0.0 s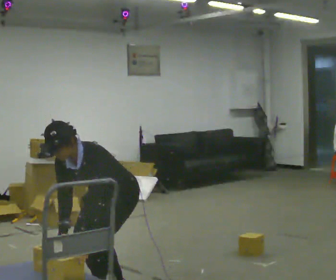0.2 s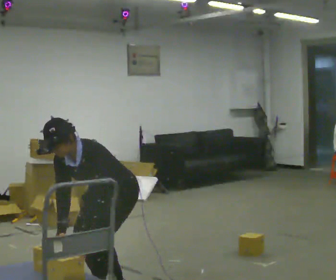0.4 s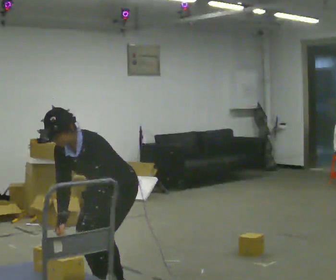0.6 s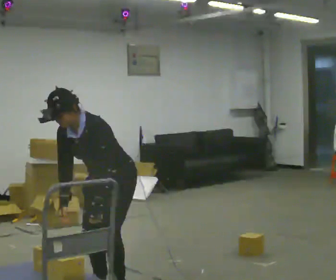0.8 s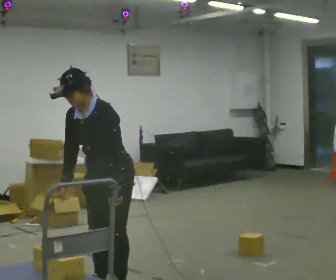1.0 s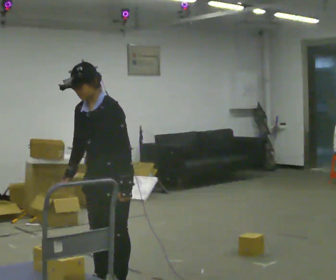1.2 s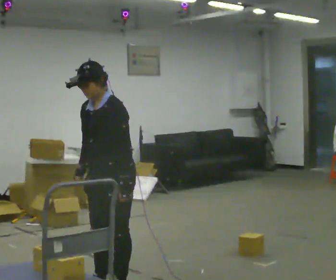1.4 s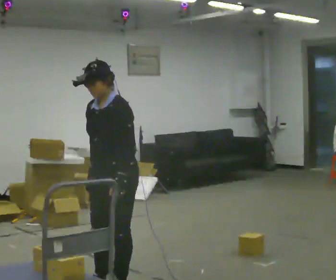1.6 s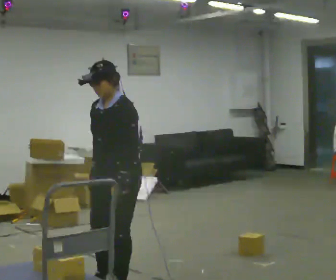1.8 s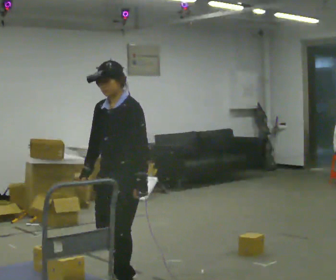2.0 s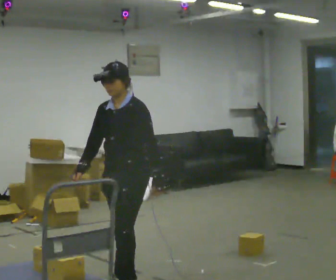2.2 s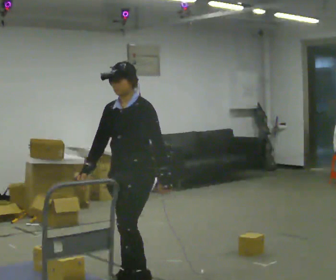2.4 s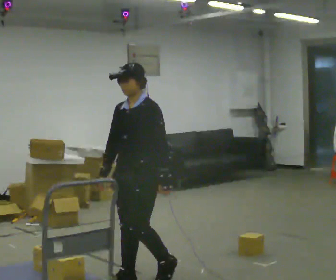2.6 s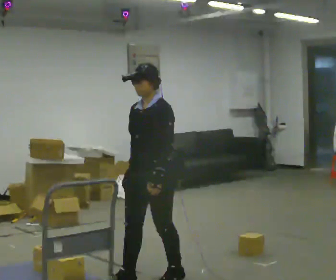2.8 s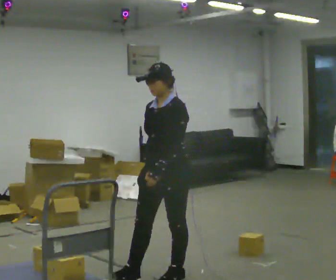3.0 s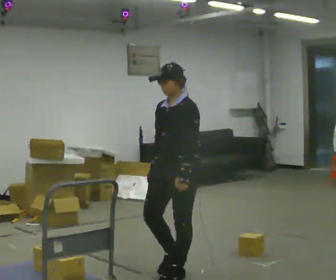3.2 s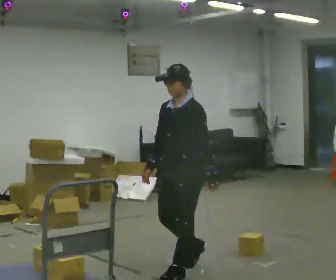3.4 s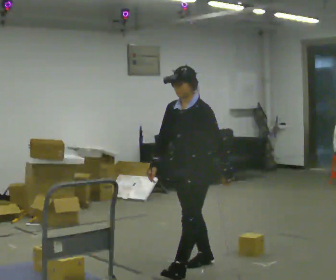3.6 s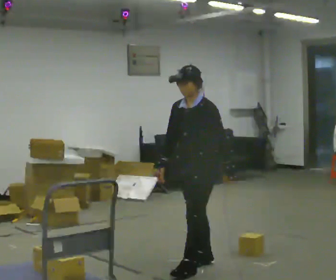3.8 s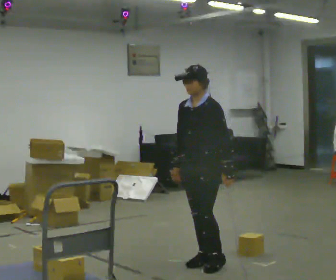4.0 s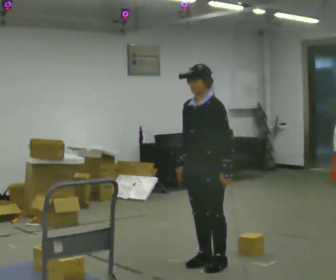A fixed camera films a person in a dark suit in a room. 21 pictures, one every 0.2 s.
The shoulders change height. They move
upward.
0.0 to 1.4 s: The upper body goes upward. In the picture the upper body tilts clockwise, shoulders to the right, as they lean back or straighten. In the picture their right hand goes upward.
1.4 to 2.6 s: In the picture they go to the right and away from the camera, about 0.25 m in 2 steps, which for them is backward.
2.6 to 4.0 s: In the picture they go to the right and away from the camera, about 0.5 m in 2 steps, which for them is backward.
The film runs backward here.
